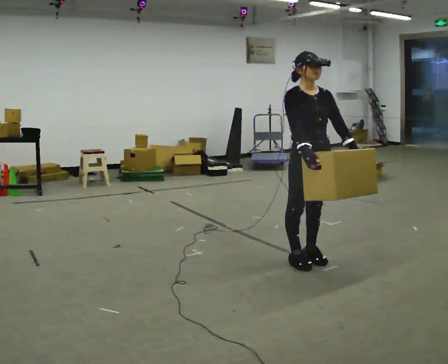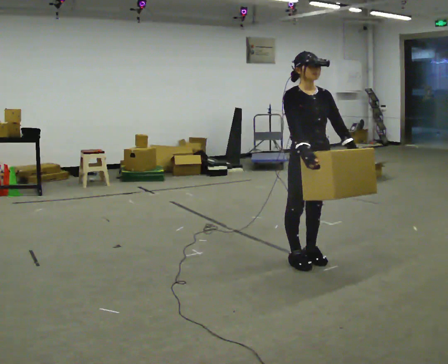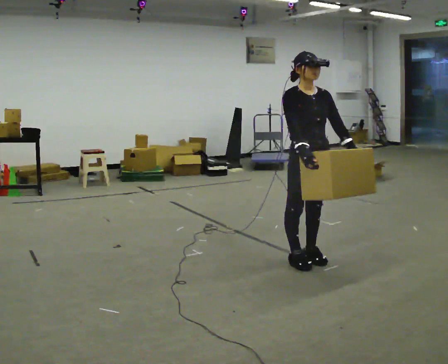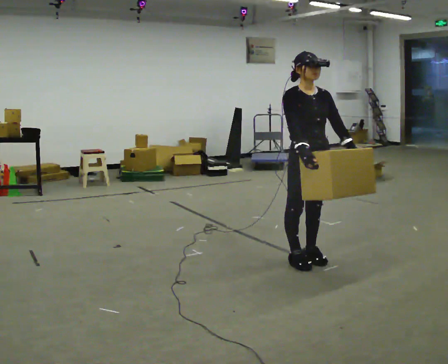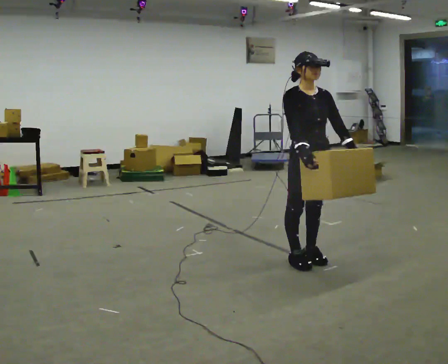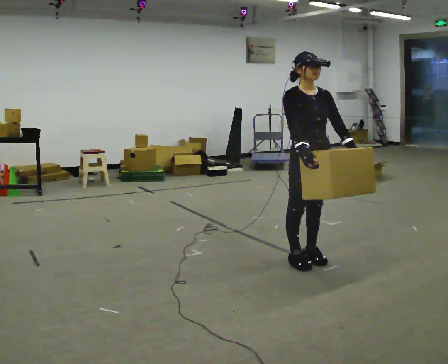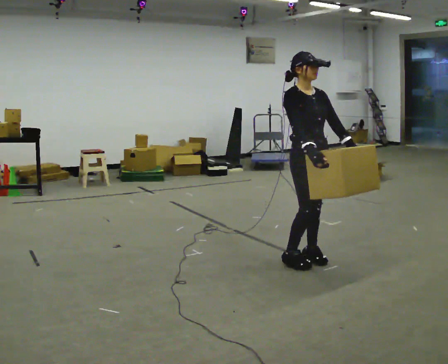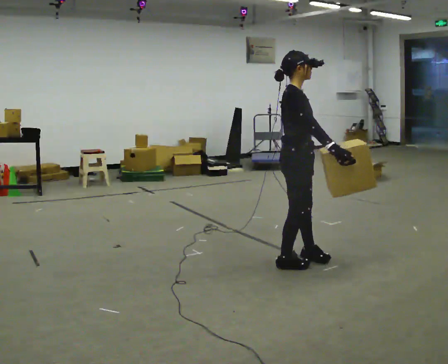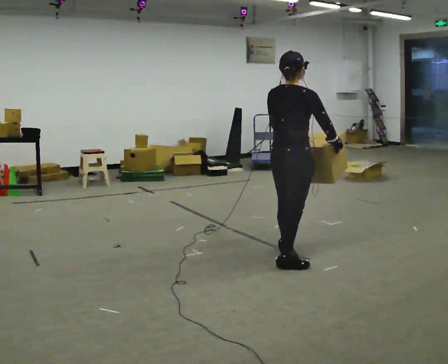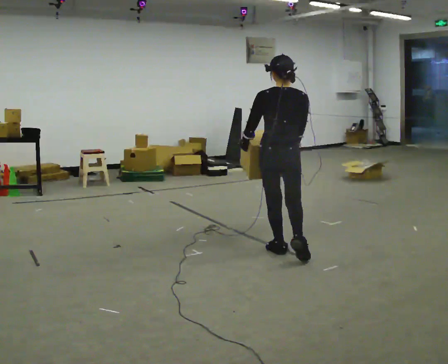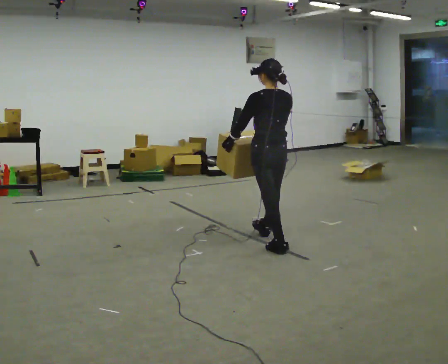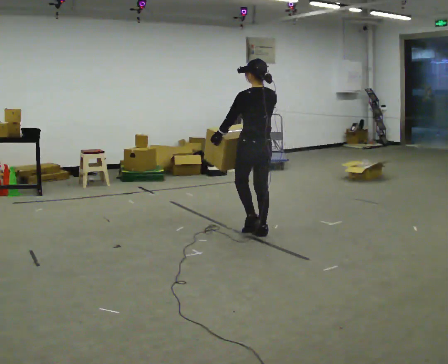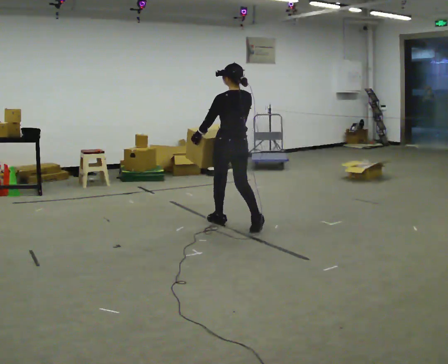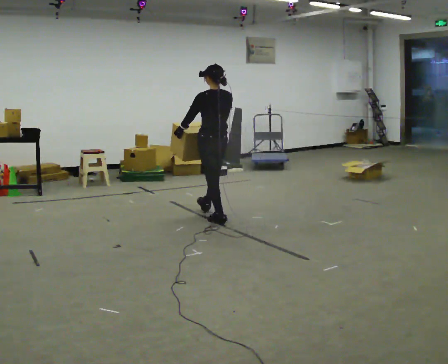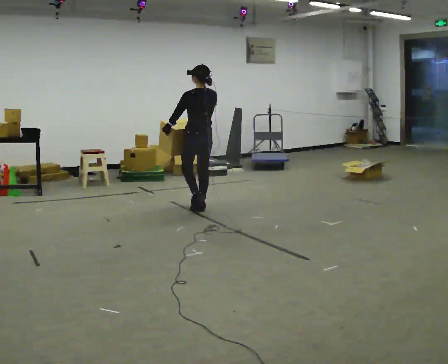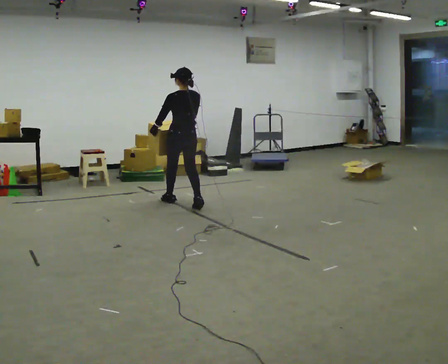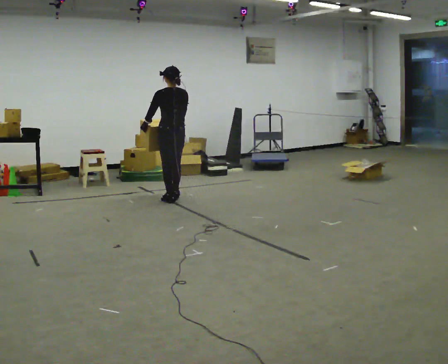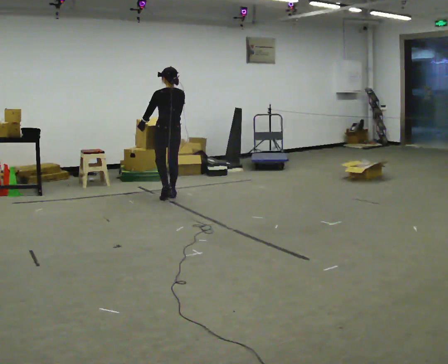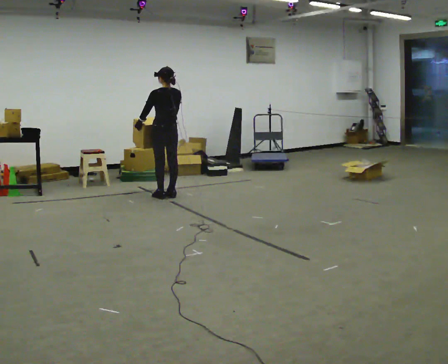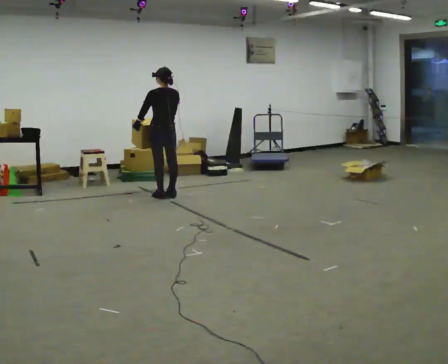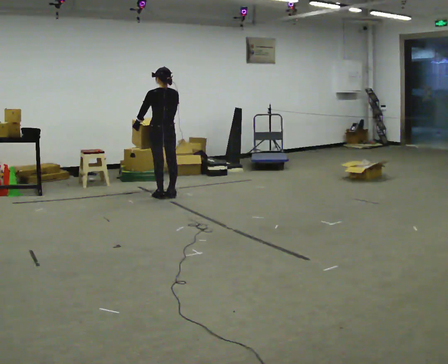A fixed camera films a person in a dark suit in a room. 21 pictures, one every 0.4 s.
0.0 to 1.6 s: The person keeps their place and pose.
1.6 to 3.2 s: The person turns about 120 degrees to their left, counterclockwise seen from above, so the part of the body nearest the lens slides to the right.
3.2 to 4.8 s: Seen from above the body turns counterclockwise, about 75 degrees: to their left, with its near side sliding to the right. In the picture they go away from the camera and to the left, about 1 m in 3 steps.
4.8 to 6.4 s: In the picture they go away from the camera and to the left, about 1 m in 2 steps, which for them is forward.
6.4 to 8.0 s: In the picture they go away from the camera and to the left, about 0.25 m in 2 steps, which for them is forward.
The film runs forward here.
